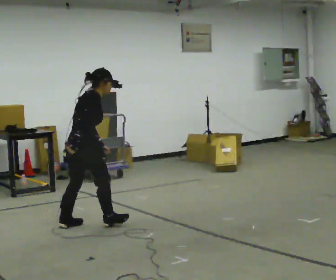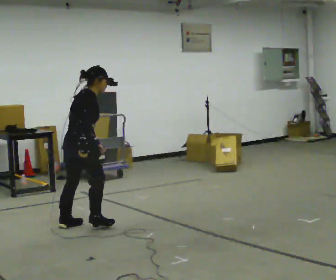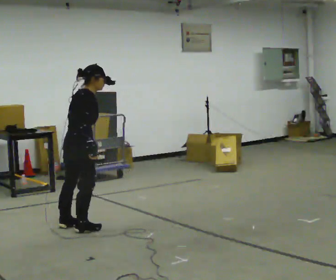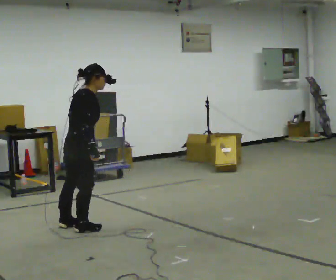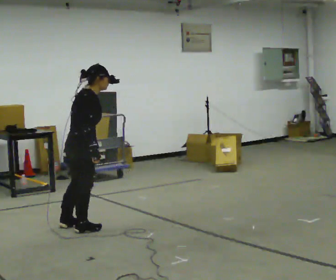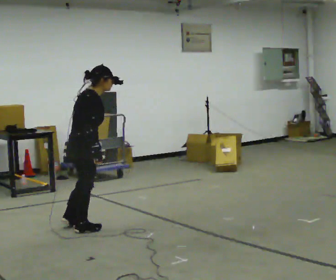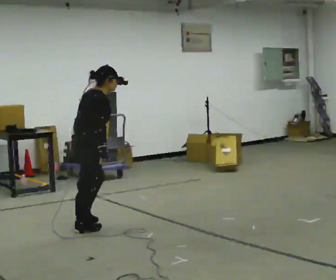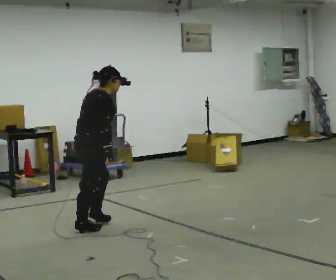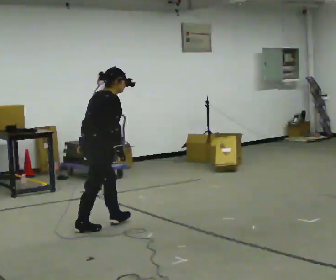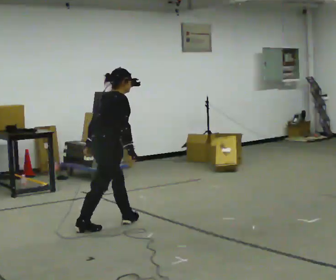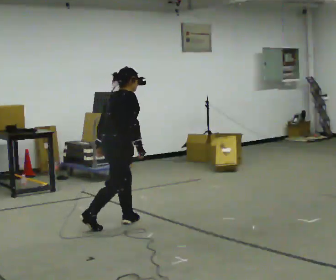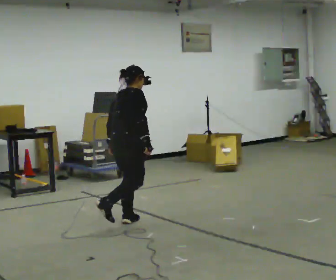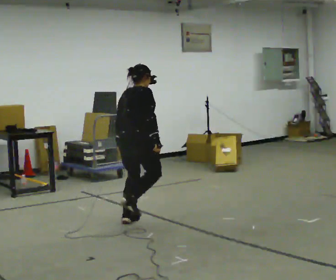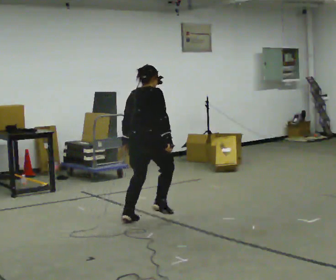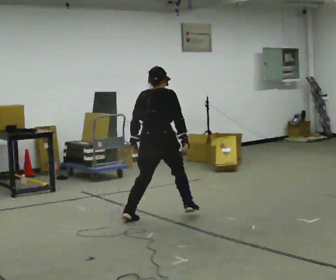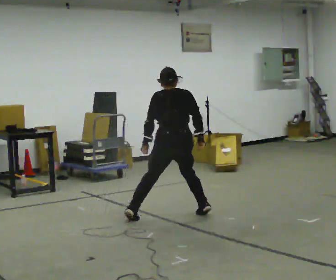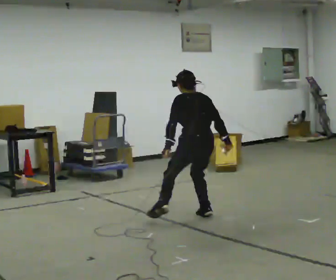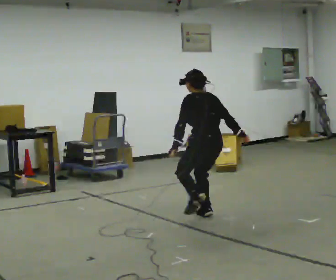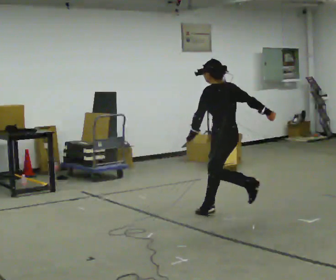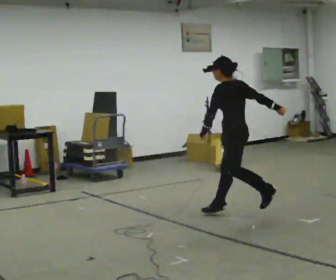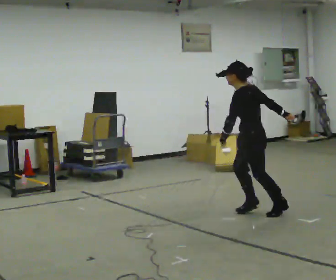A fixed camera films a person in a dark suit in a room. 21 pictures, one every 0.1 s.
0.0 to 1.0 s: In the picture they go to the right, about 0.25 m in 2 steps, which for them is forward and to their right.
1.0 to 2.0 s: Seen from above the body turns counterclockwise, about 135 degrees: to their left, with its near side sliding to the right. In the picture they go to the right, about 1.5 m in 1 step. In the picture the upper body tilts counterclockwise, shoulders to the left.
The film runs forward here.
